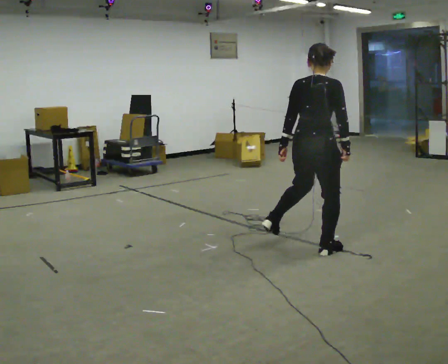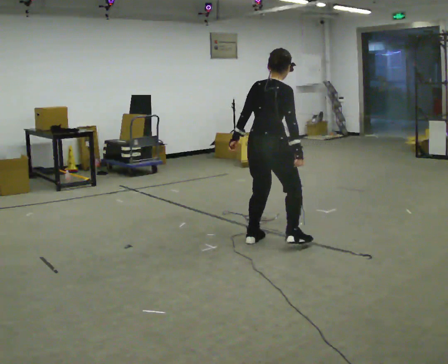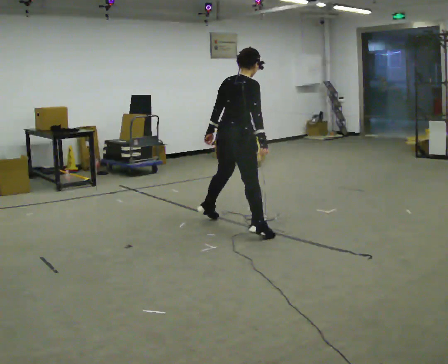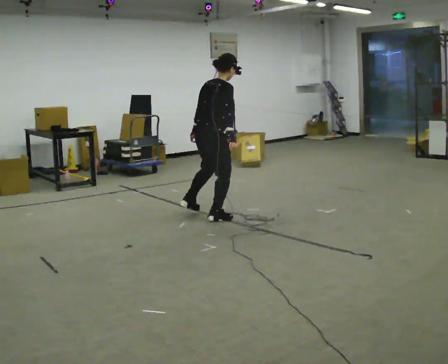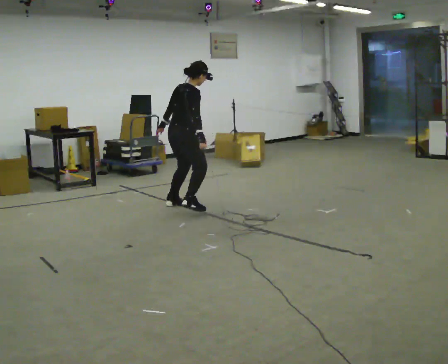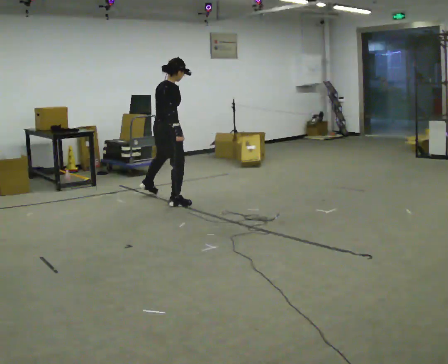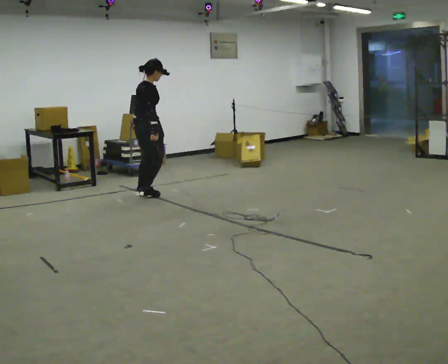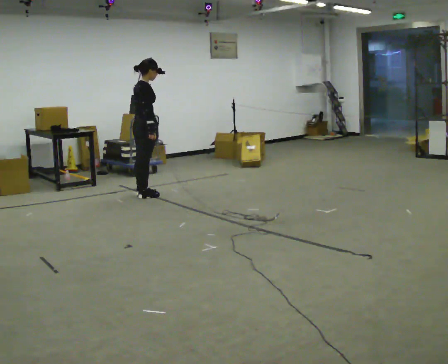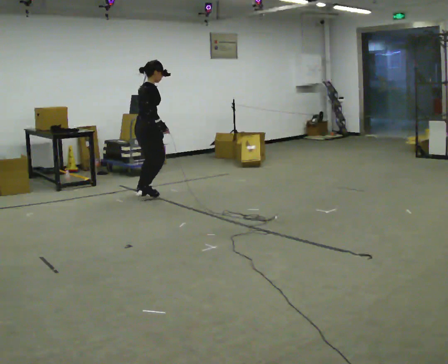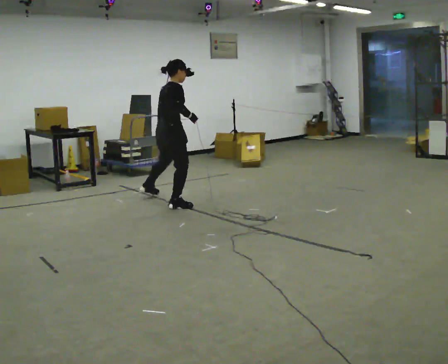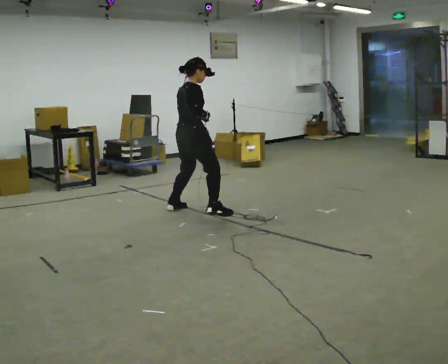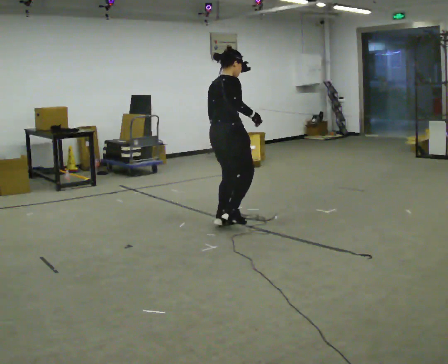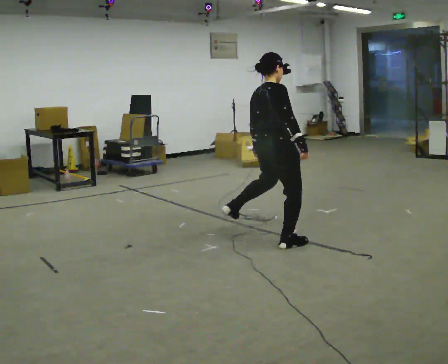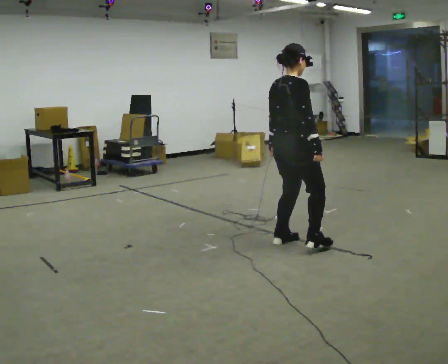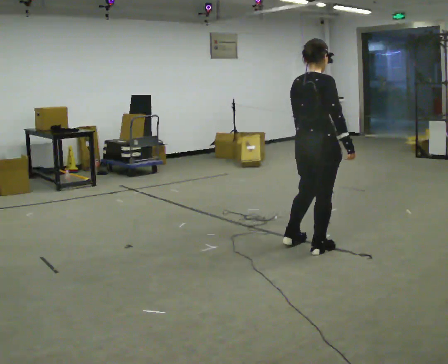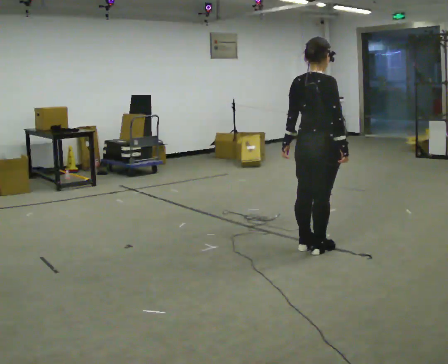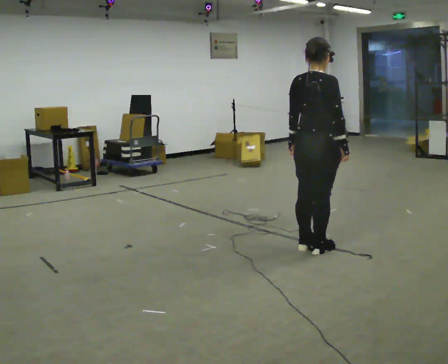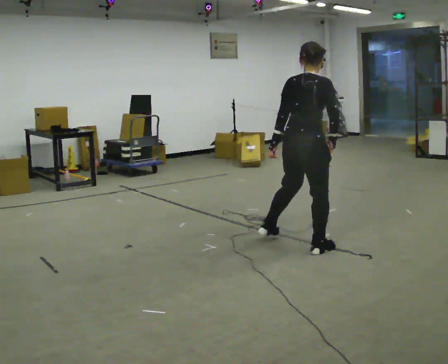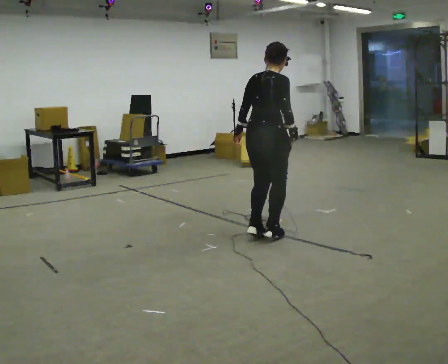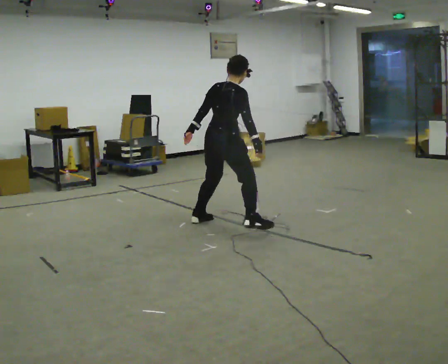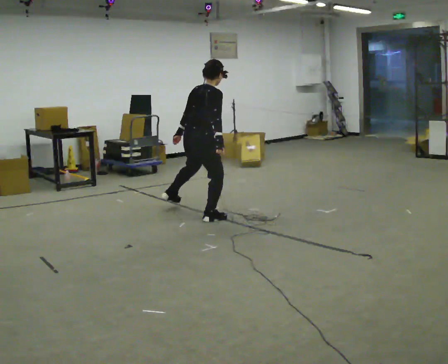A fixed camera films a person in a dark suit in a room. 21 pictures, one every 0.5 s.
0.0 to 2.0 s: In the picture they go away from the camera and to the left, about 2 m in 5 steps, which for them is to their left.
2.0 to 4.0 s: In the picture they go away from the camera and to the left, about 0.75 m in 3 steps, which for them is to their left.
4.0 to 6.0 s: In the picture they go toward the camera and to the right, about 2 m in 5 steps, which for them is to their right.
6.0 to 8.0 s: In the picture they go toward the camera and to the right, about 0.5 m in 3 steps, which for them is to their right.
8.0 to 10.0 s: In the picture they go away from the camera and to the left, about 1.5 m in 4 steps, which for them is to their left. In the picture the upper body tilts clockwise, shoulders to the right, as they bend forward.
The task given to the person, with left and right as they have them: Gallop forward leading with the leg the operator calls, keeping the same leg in front throughout.
The film runs forward here.
